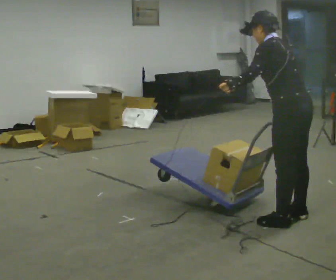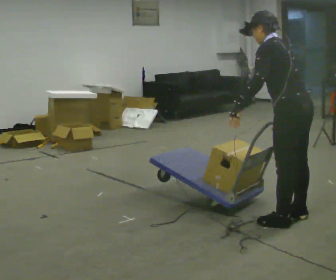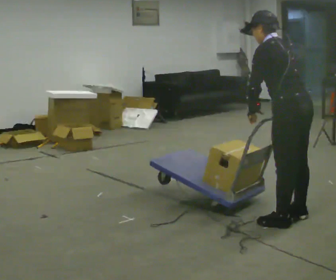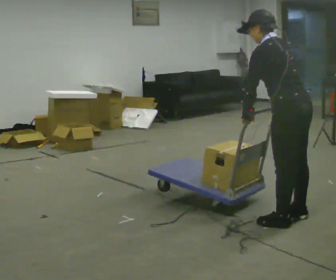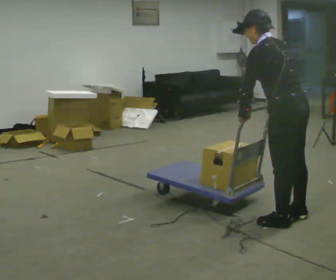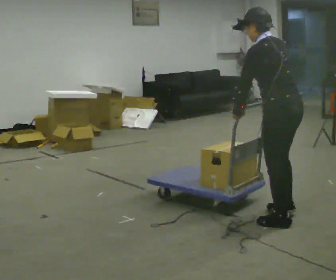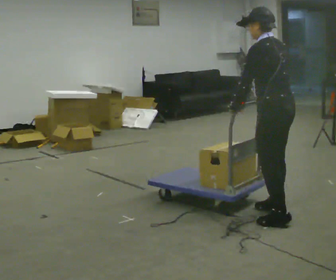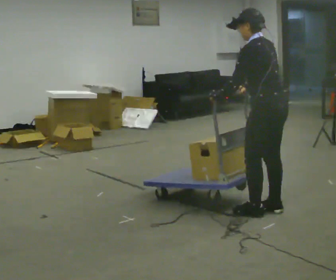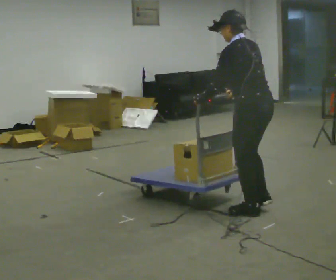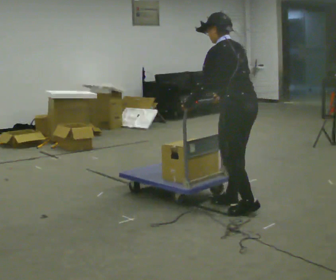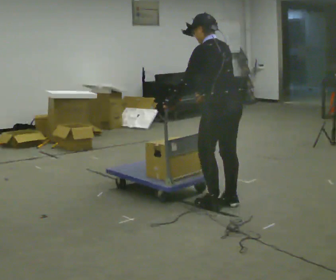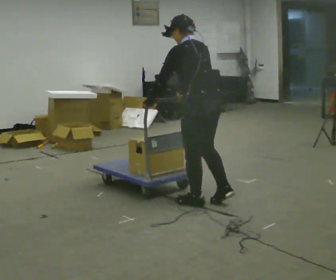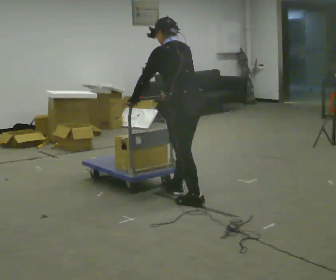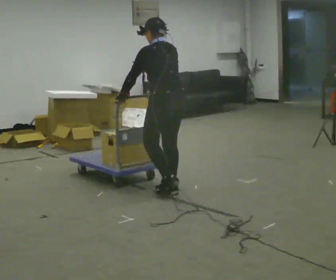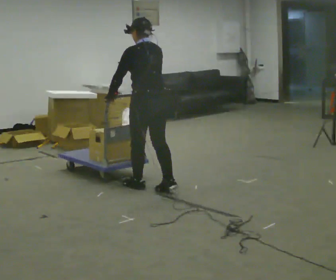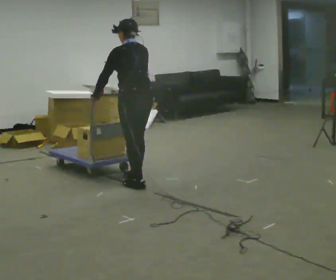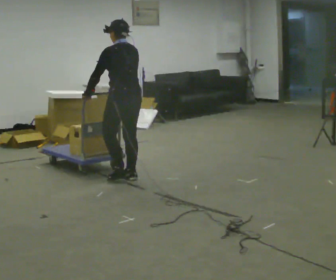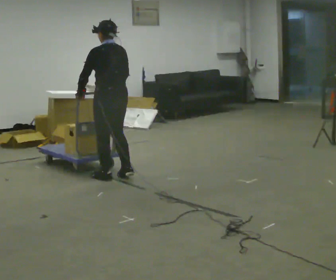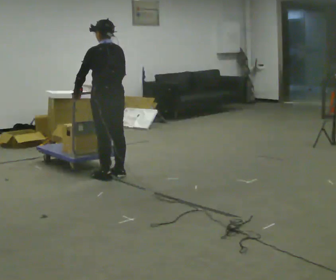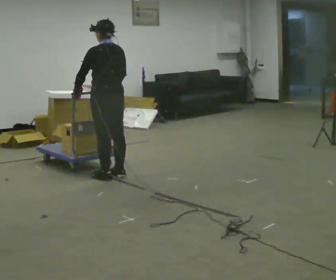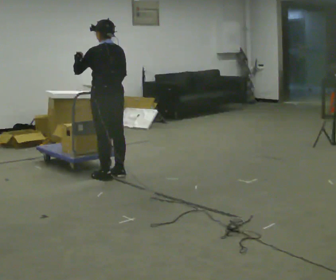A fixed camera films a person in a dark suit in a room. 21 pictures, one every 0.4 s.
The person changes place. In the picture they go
to the left.
0.0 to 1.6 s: The person moves a little, or ends about where they began.
1.6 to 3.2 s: In the picture they go to the left and away from the camera, about 0.25 m in 2 steps, which for them is forward.
3.2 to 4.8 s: In the picture they go to the left and away from the camera, about 0.75 m in 2 steps, which for them is forward.
4.8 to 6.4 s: In the picture they go to the left and away from the camera, about 1 m in 3 steps, which for them is forward.
6.4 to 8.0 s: In the picture they go to the left, about 0.25 m in 2 steps, which for them is forward. In the picture their left hand goes upward, the arm swinging clockwise.
The film runs forward here.
